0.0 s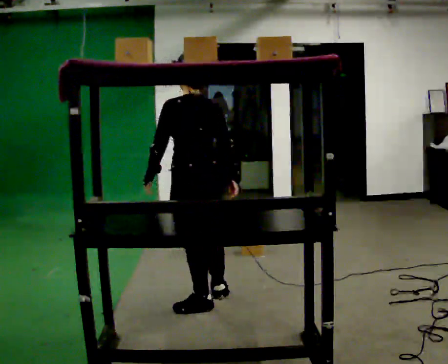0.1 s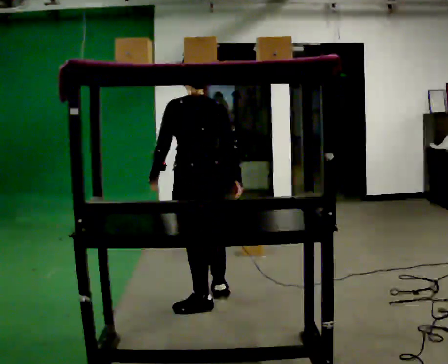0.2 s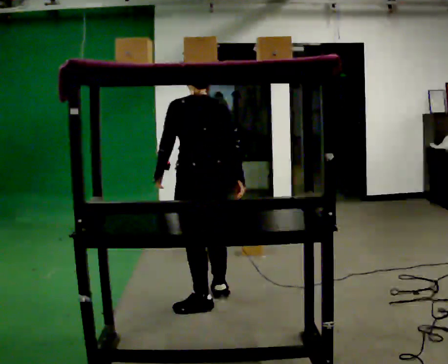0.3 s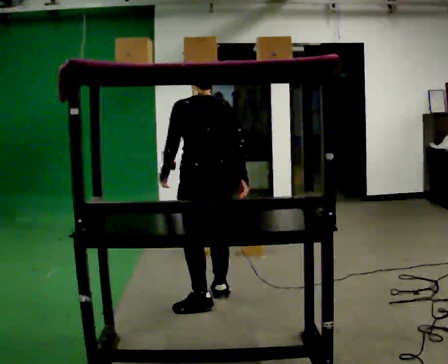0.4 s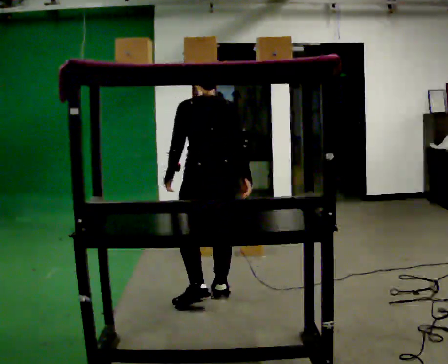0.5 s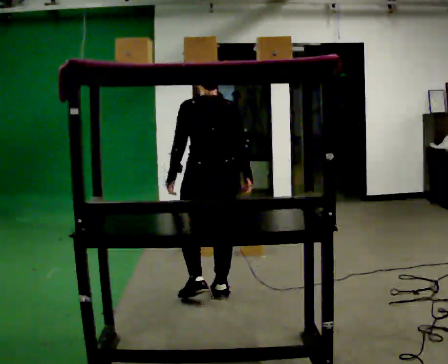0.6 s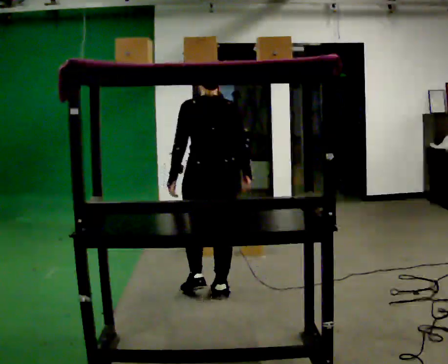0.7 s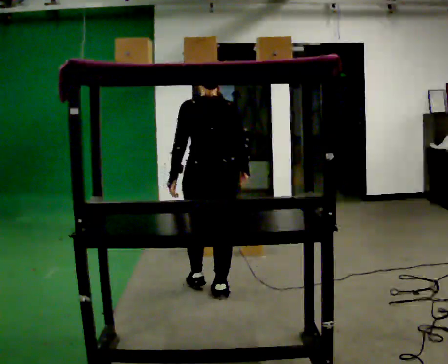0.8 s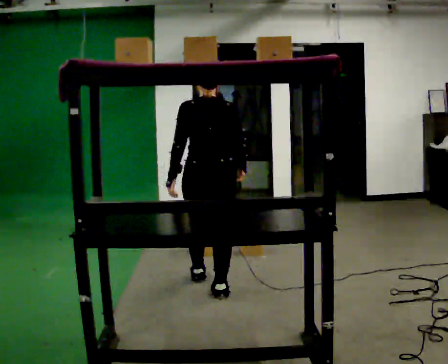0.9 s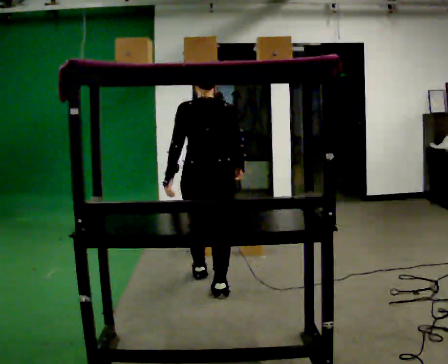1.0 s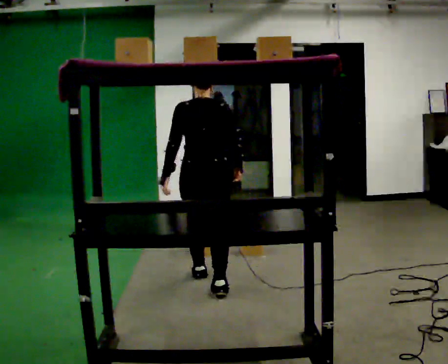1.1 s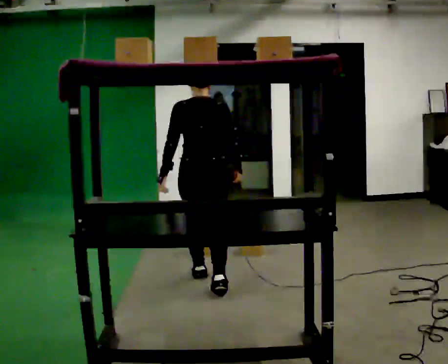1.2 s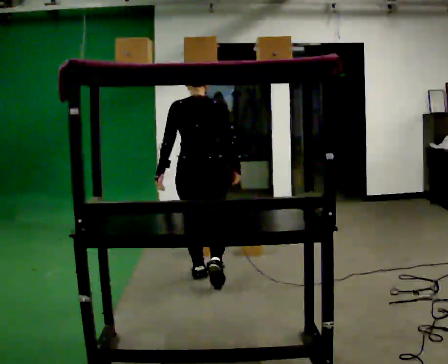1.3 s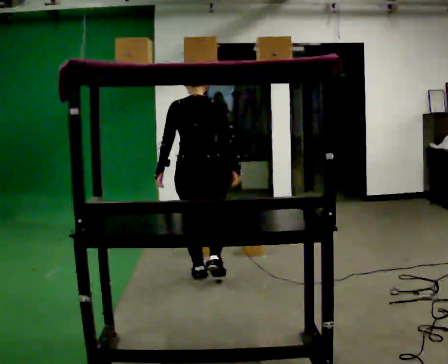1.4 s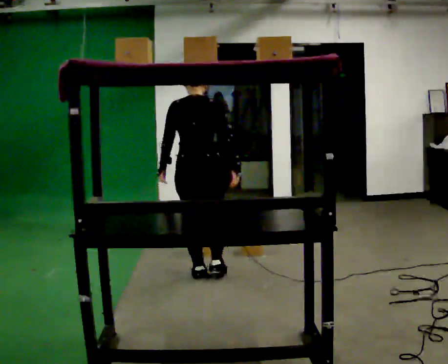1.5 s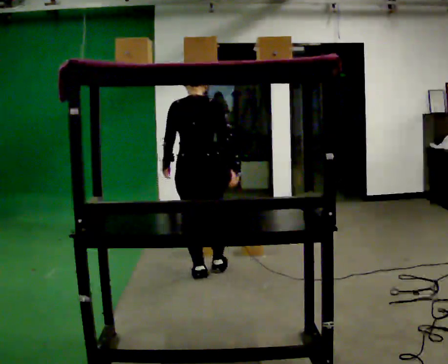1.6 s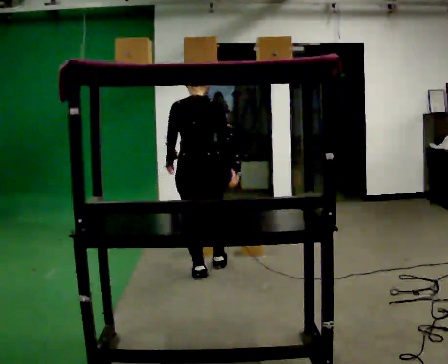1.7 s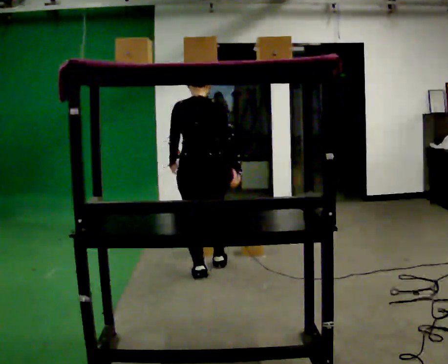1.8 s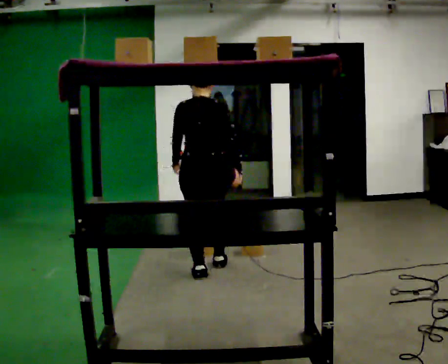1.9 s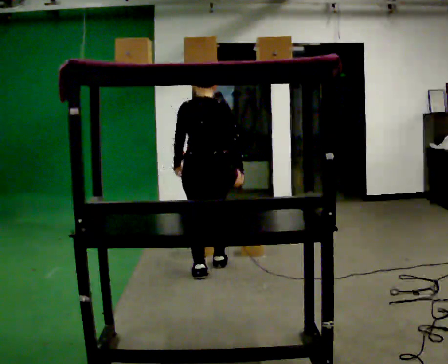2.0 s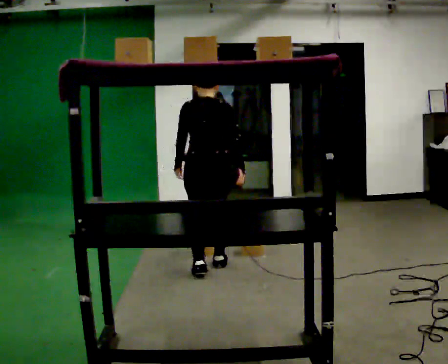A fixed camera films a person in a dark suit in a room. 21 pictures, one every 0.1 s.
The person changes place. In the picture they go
away from the camera.
0.0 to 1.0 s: Seen from above the body turns clockwise, about 45 degrees: to their right, with its near side sliding to the left. In the picture they go away from the camera, about 0.5 m in 1 step, which for them is forward and to their right.
1.0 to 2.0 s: In the picture they go away from the camera, about 0.5 m in 1 step, which for them is forward.
The film runs forward here.
